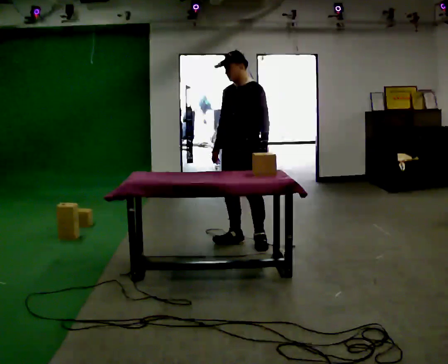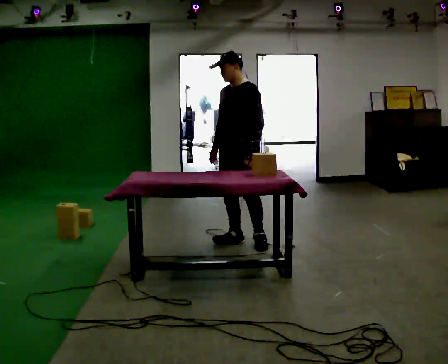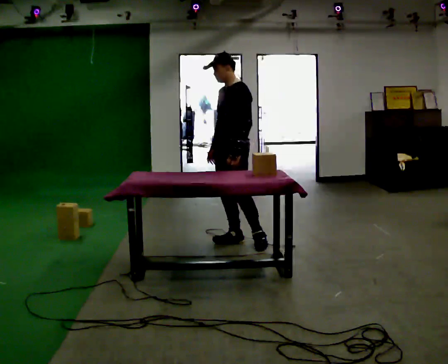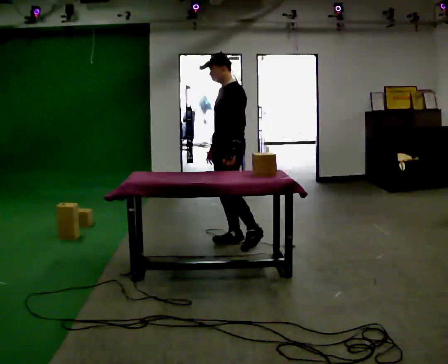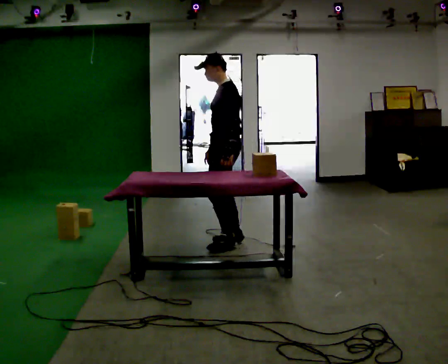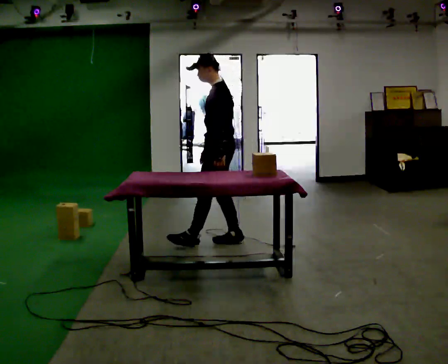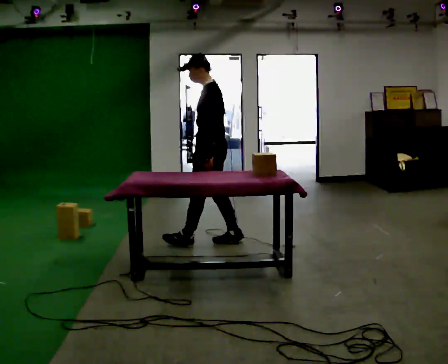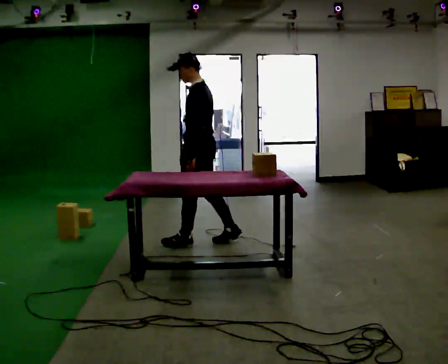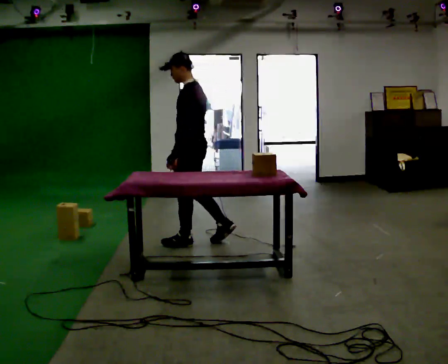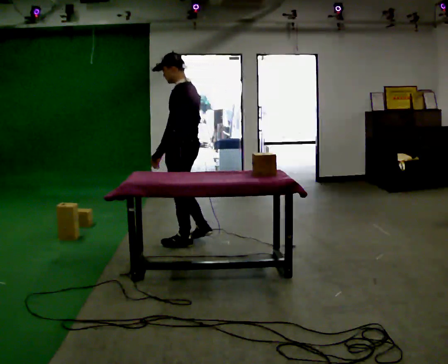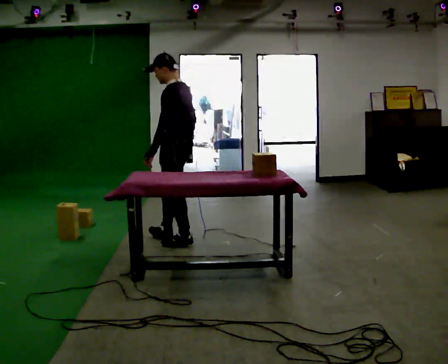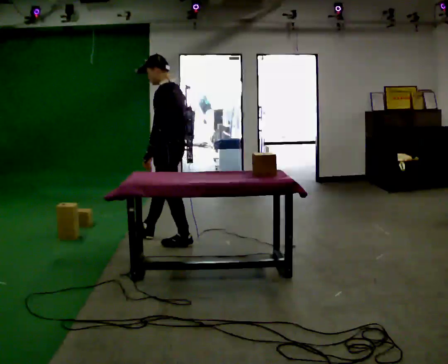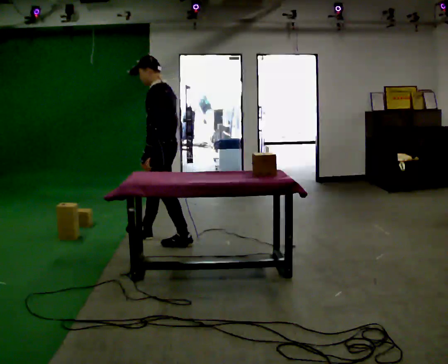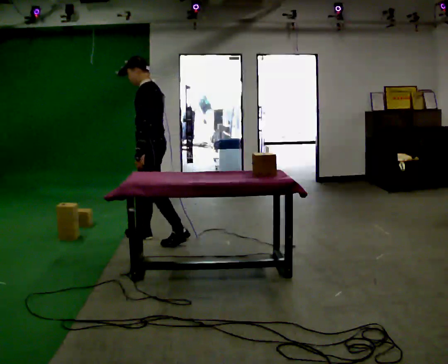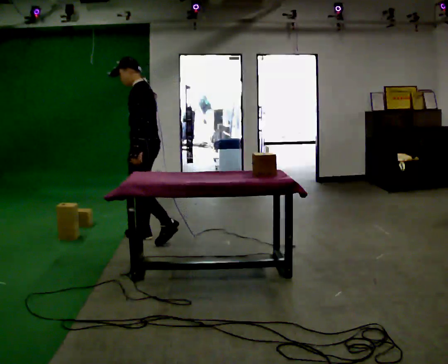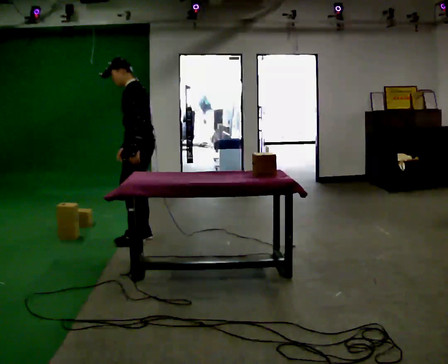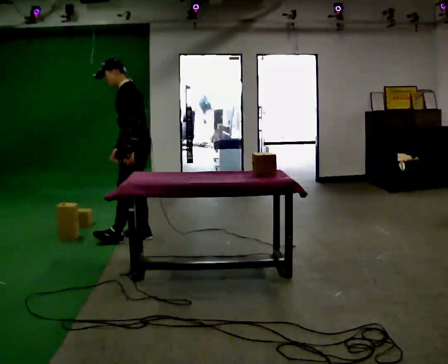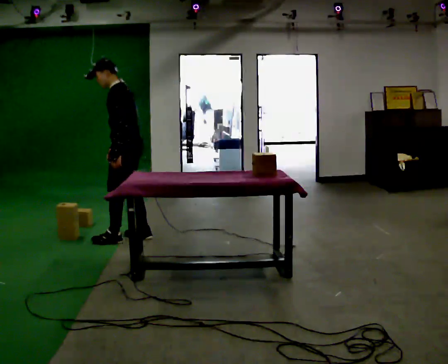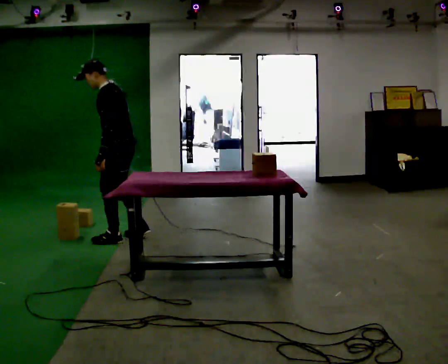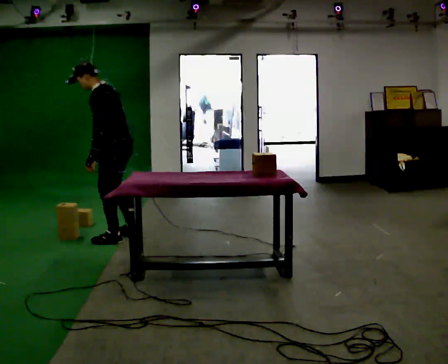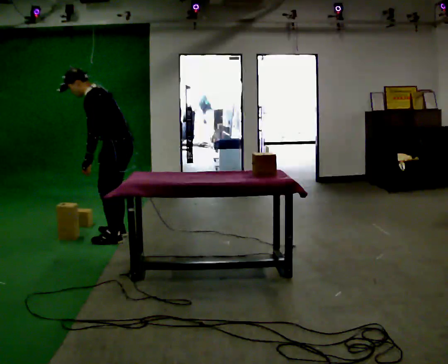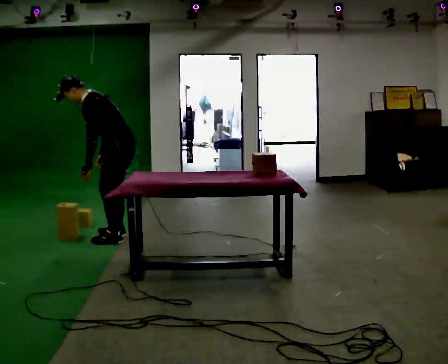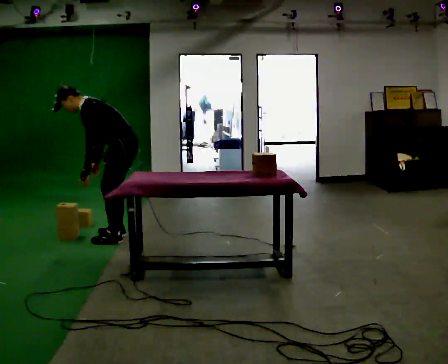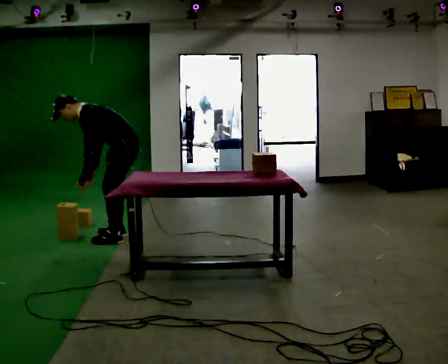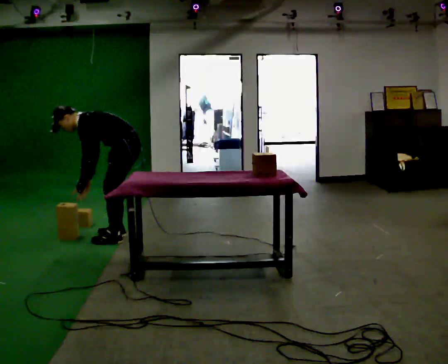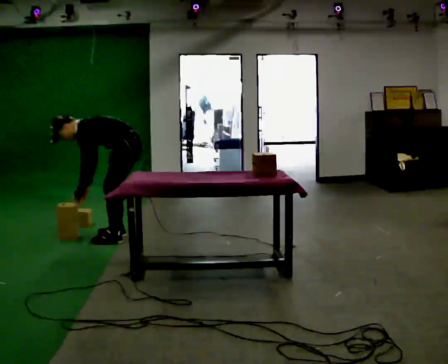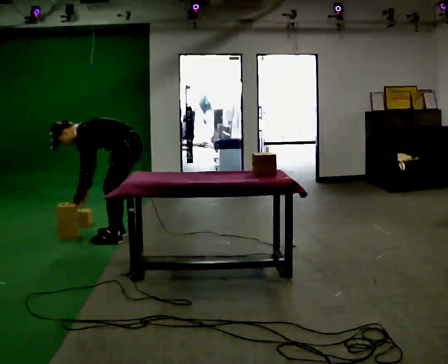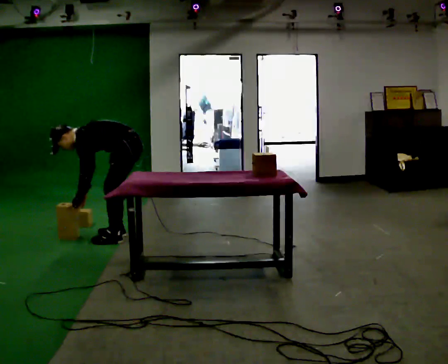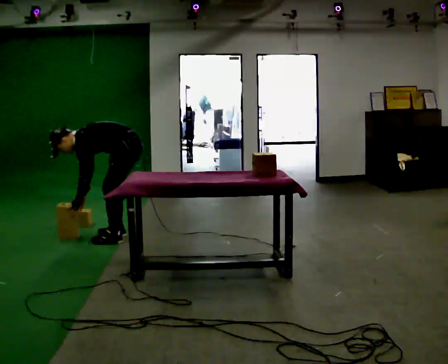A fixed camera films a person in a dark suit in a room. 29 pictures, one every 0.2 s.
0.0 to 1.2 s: Seen from above the body turns clockwise, about 60 degrees: to their right, with its near side sliding to the left. In the picture they go to the left, about 0.25 m in 1 step, which for them is forward.
1.2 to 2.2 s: In the picture they go to the left, about 0.25 m in 1 step, which for them is forward.
2.2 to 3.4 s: In the picture they go to the left, about 0.5 m in 1 step, which for them is forward.
3.4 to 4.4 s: The shoulders move downward. In the picture the upper body tilts counterclockwise, shoulders to the left, as they bend forward.
4.4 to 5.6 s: The upper body goes downward. In the picture the upper body tilts counterclockwise, shoulders to the left, as they bend forward.
The film runs forward here.
